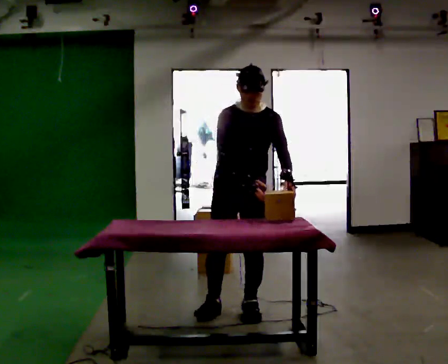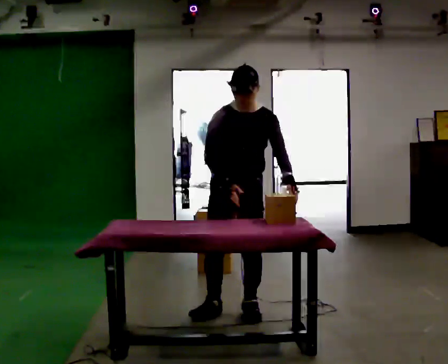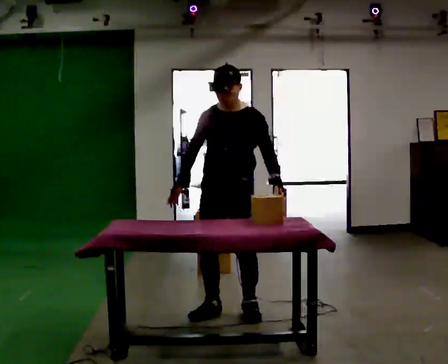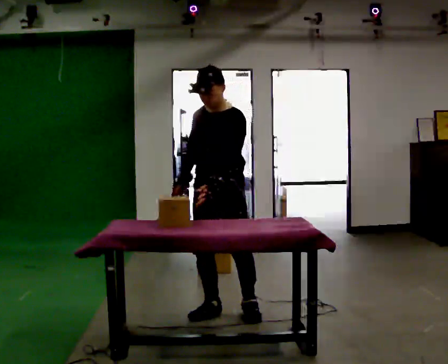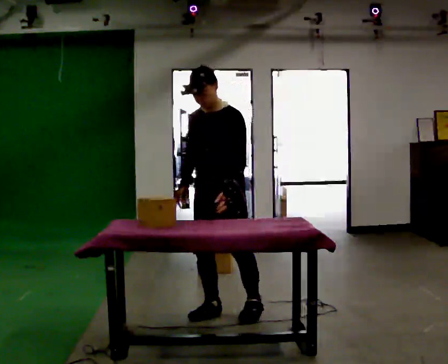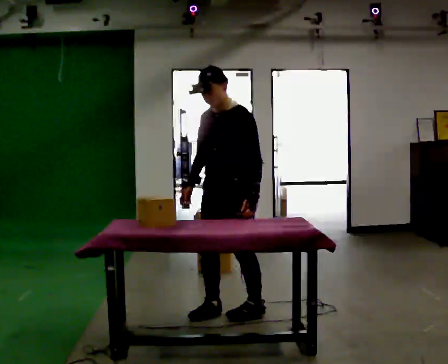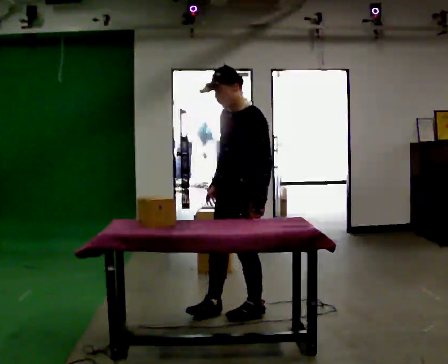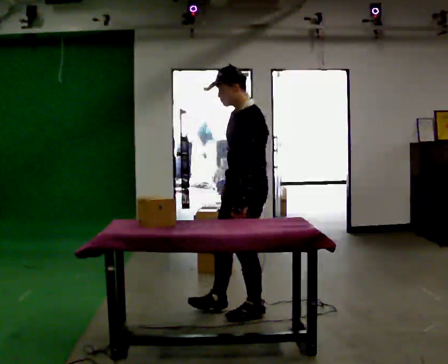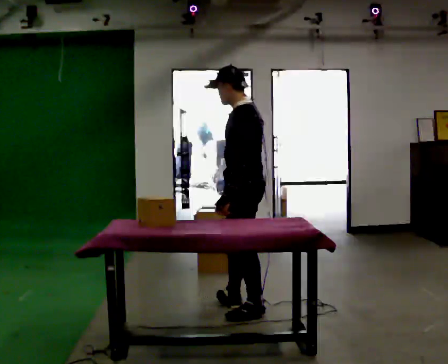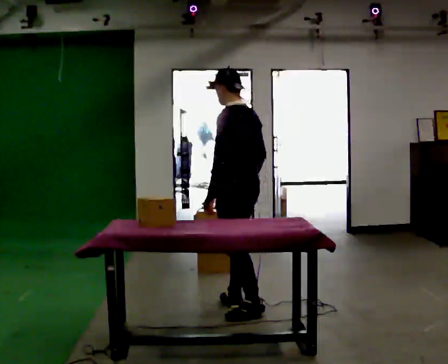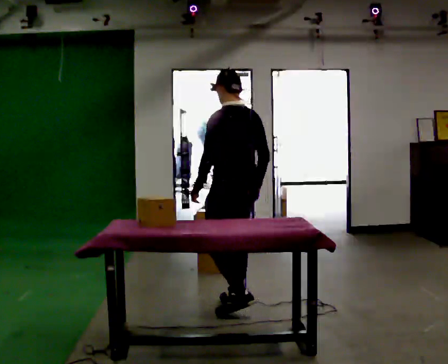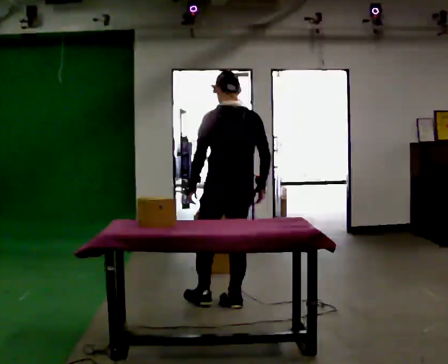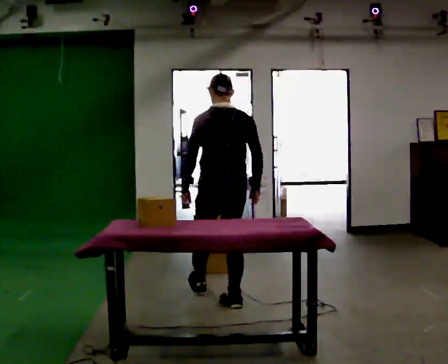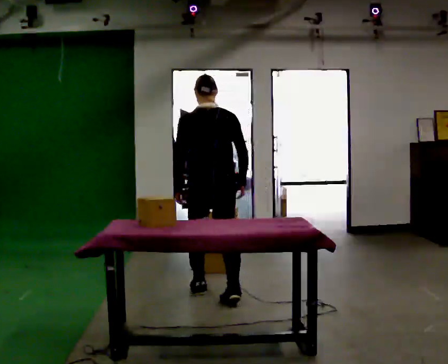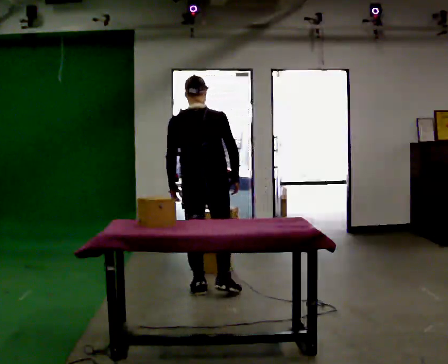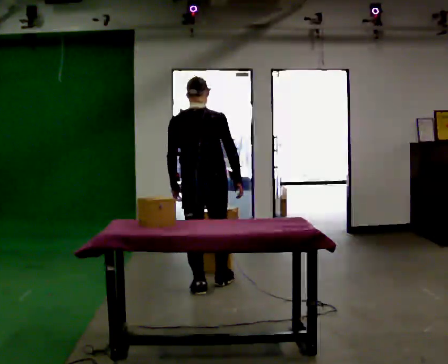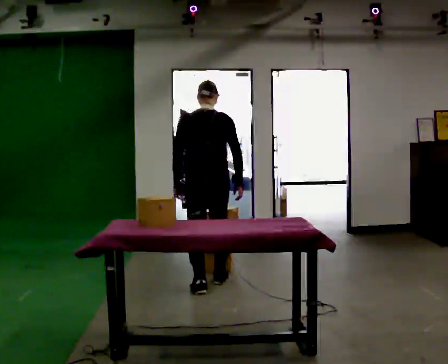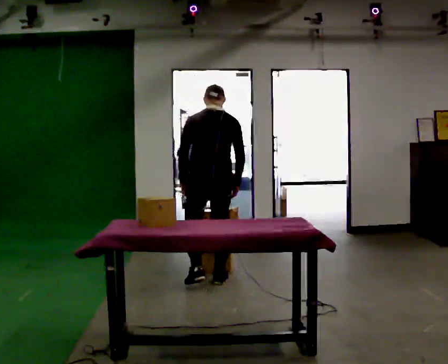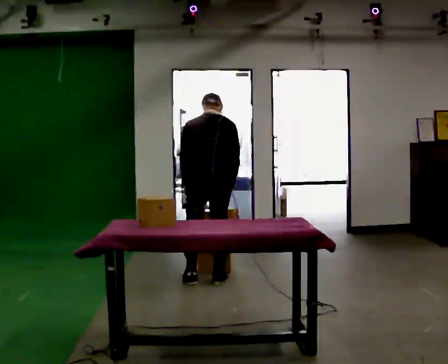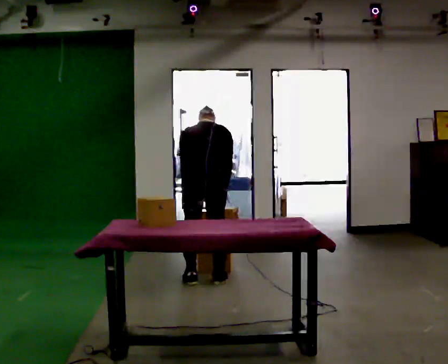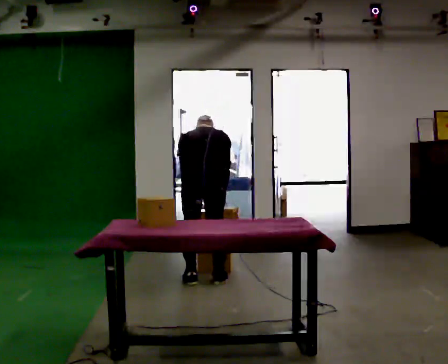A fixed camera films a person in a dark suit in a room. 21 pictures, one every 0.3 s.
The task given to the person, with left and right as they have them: Carry the object across the room and slide it into the slot on the shelf. It is a close fit, so take the time you need. Keep going until the operator says stop; one object at a time, and do not rush between trips.
0.0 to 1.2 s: Seen from above the body turns clockwise, about 30 degrees: to their right, with its near side sliding to the left. In the picture their right hand goes to the left.
1.2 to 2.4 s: The person turns about 75 degrees to their right, clockwise seen from above, so the part of the body nearest the lens slides to the left. In the picture they go to the right, about 0.25 m in 1 step. In the picture their right hand goes to the right.
2.4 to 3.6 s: Seen from above the body turns clockwise, about 75 degrees: to their right, with its near side sliding to the left. In the picture they go away from the camera and to the left, about 0.25 m in 1 step.
3.6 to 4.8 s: In the picture they go away from the camera, about 0.5 m in 1 step, which for them is forward and to their left.
4.8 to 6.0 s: The shoulders move downward. The upper body tips away from the camera, its near side rolling upward, as they bend forward.
The film runs forward here.
